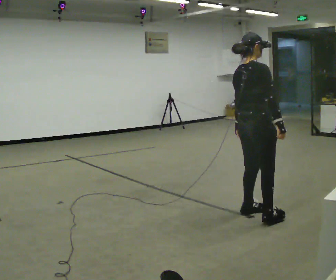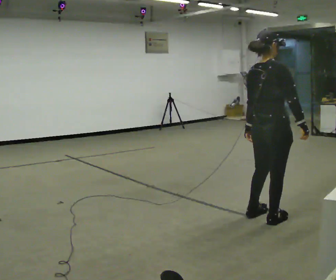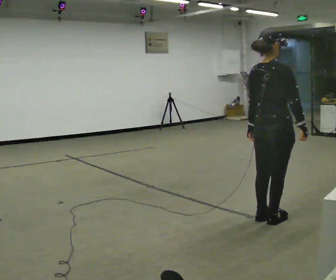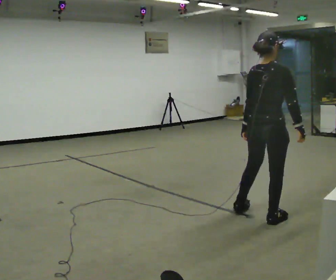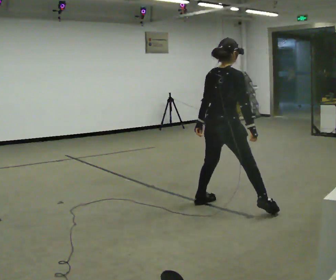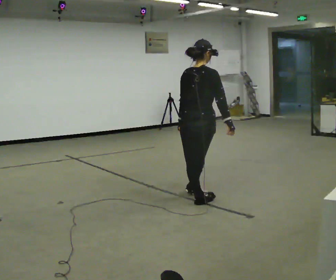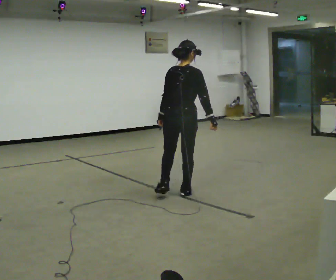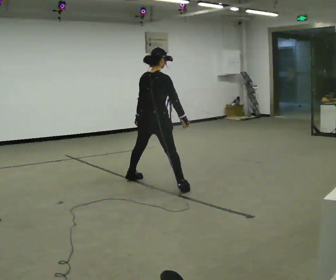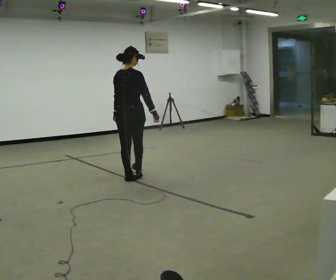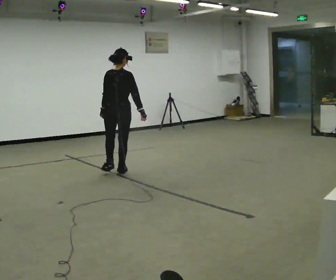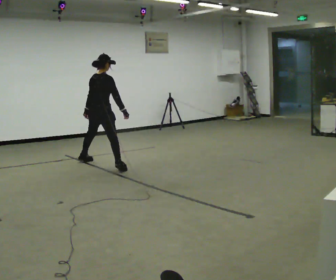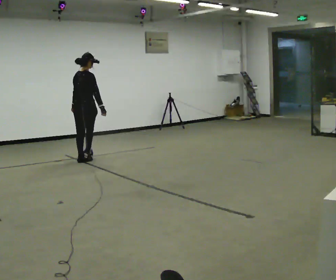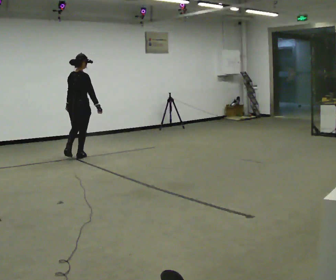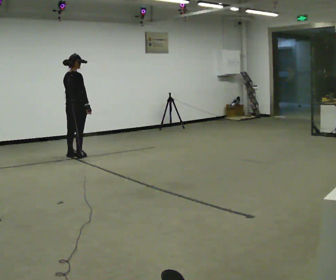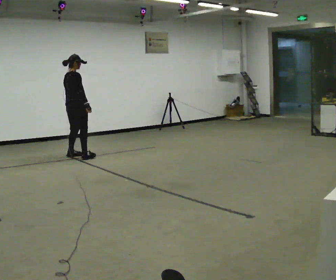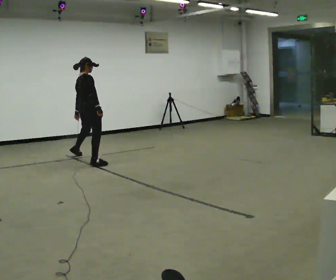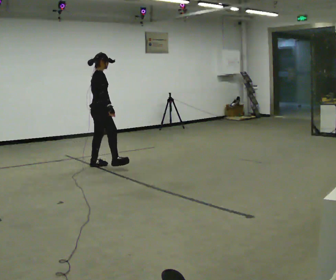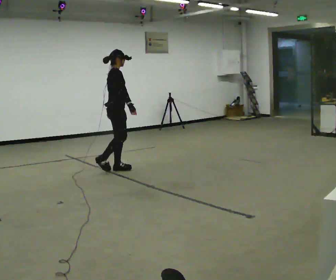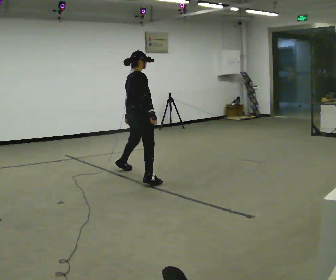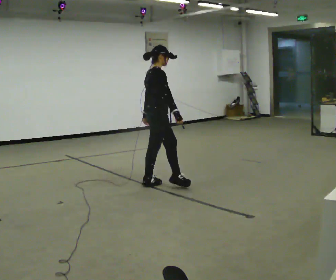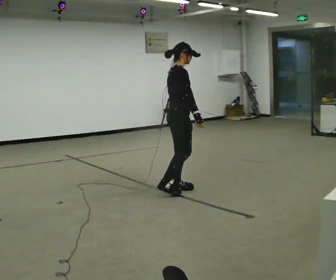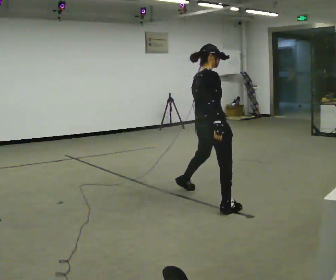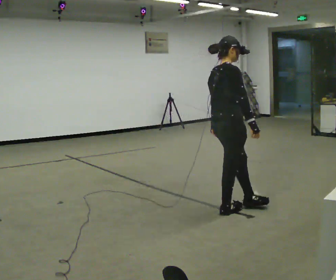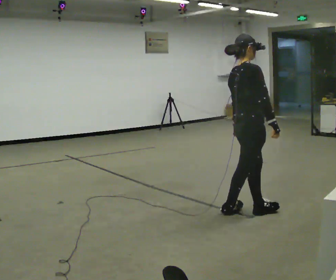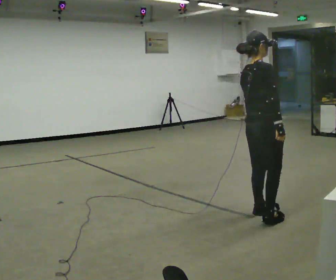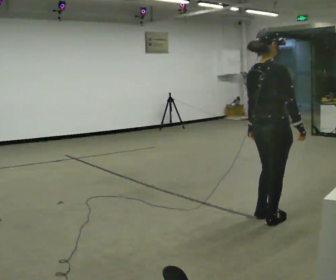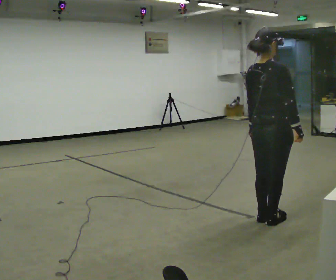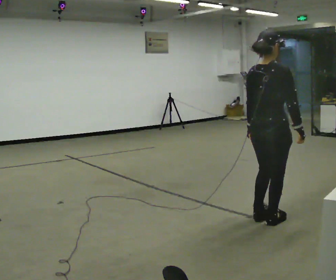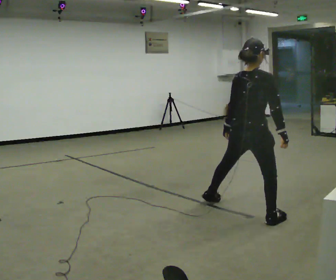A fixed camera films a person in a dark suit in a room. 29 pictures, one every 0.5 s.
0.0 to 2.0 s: In the picture they go away from the camera and to the left, about 0.25 m in 3 steps, which for them is to their left.
2.0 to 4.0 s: The part of the body nearest the lens slides to the right as the person turns to their left by about 30 degrees. In the picture they go away from the camera and to the left, about 1.5 m in 2 steps, which for them is to their left and forward.
4.0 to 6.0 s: In the picture they go away from the camera and to the left, about 1.5 m in 3 steps, which for them is to their left.
6.0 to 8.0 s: The part of the body nearest the lens slides to the left as the person turns to their right by about 60 degrees. In the picture they go toward the camera and to the right, about 0.75 m in 2 steps, which for them is to their right.
8.0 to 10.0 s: In the picture they go toward the camera and to the right, about 1.5 m in 3 steps, which for them is to their right.
10.0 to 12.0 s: In the picture they go toward the camera and to the right, about 1 m in 2 steps, which for them is to their right.
12.0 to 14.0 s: The person moves a little, or ends about where they began.
The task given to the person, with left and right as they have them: Move sideways in the direction the operator calls, crossing one foot in front and then behind, alternating.
The film runs forward here.
